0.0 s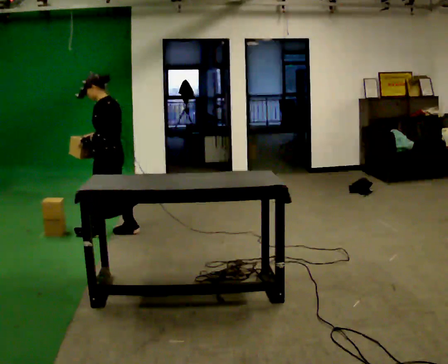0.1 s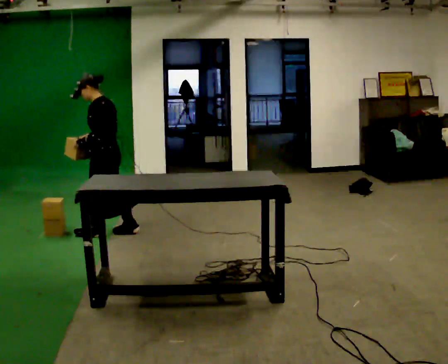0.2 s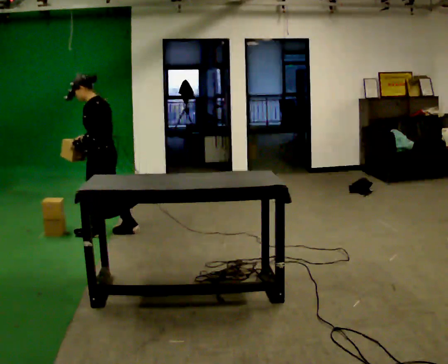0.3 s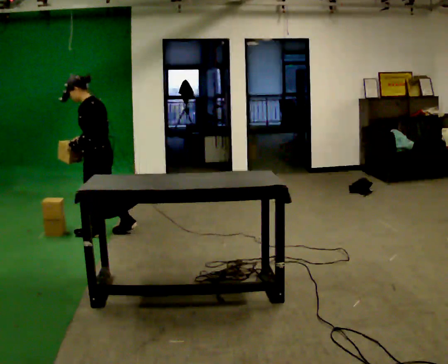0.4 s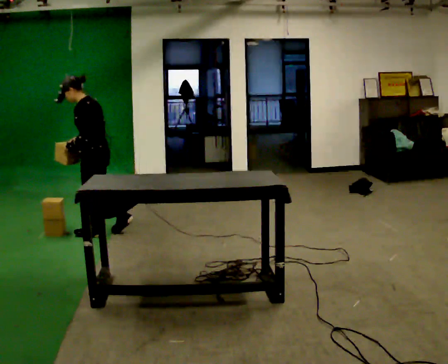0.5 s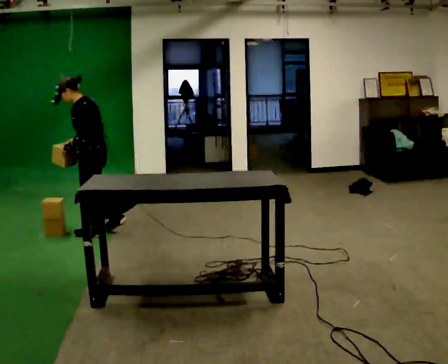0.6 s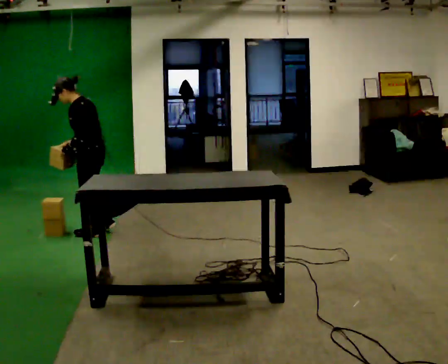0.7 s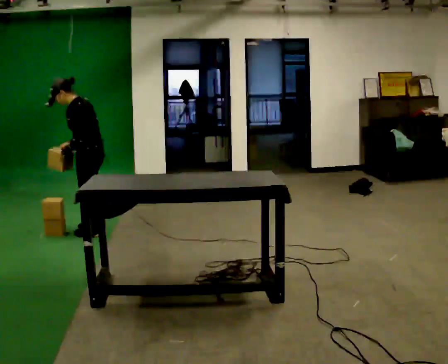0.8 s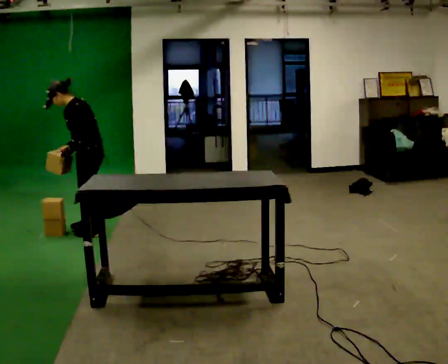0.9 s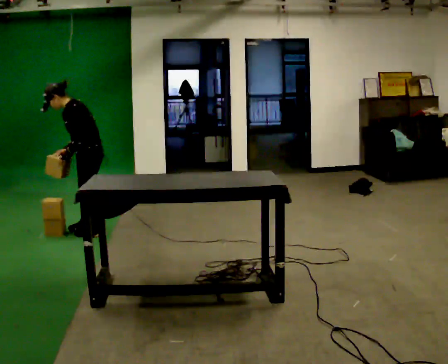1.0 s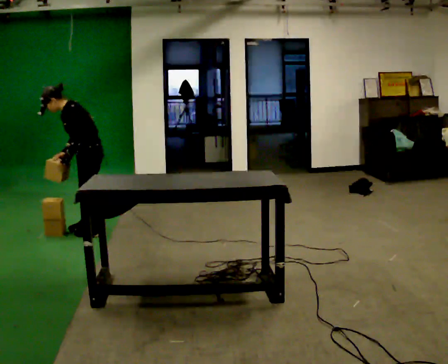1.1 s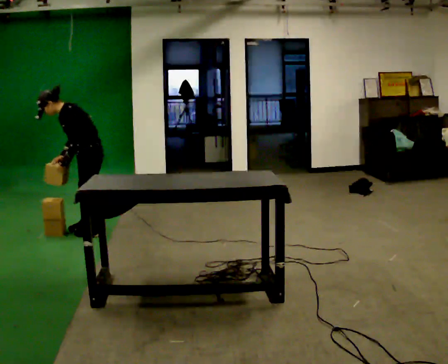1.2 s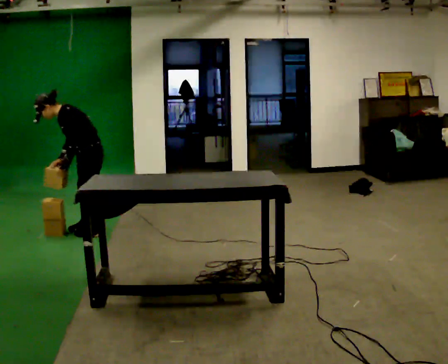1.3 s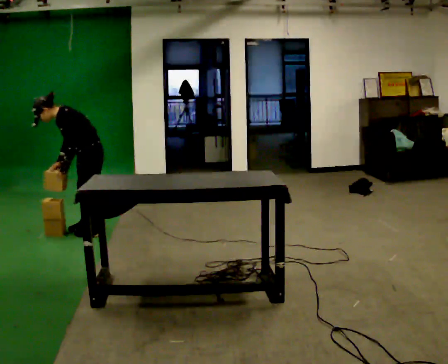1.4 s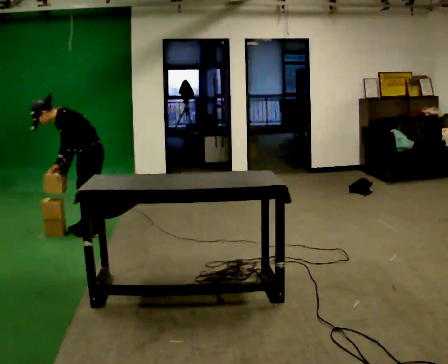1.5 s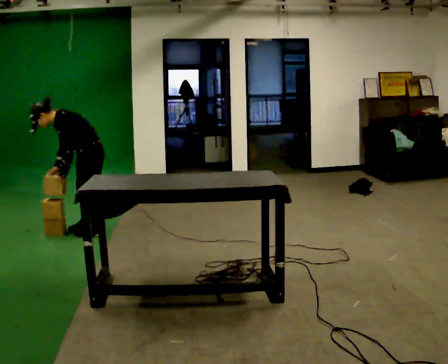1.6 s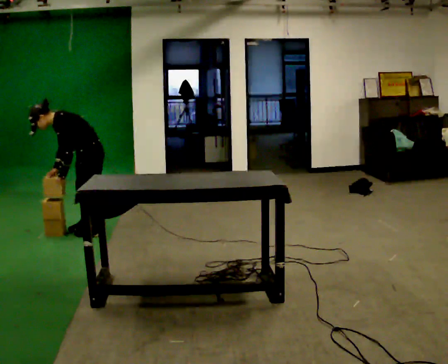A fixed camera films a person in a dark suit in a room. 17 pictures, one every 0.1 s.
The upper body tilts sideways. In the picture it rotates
counterclockwise.
0.0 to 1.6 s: The person turns about 30 degrees to their left, counterclockwise seen from above, so the part of the body nearest the lens slides to the right. In the picture the upper body tilts counterclockwise, shoulders to the left, as they bend forward.
The film runs forward here.
